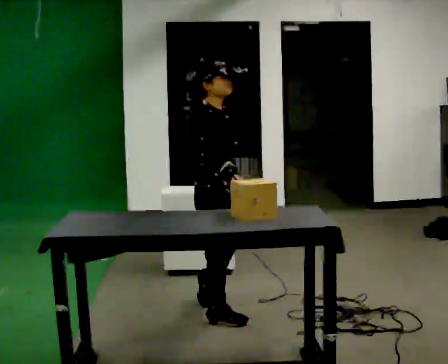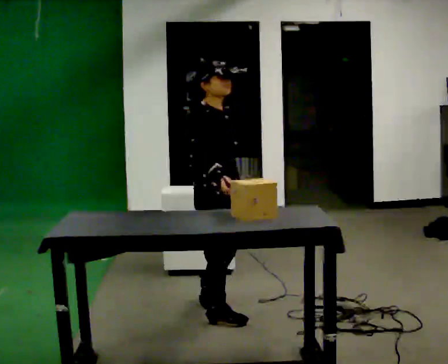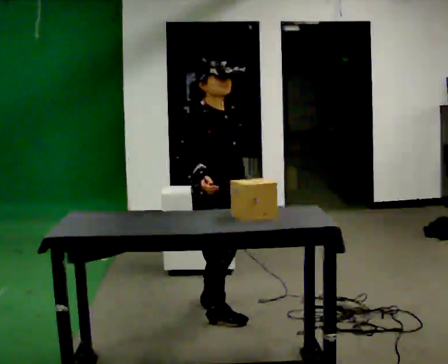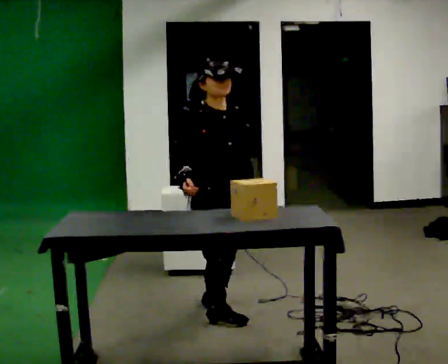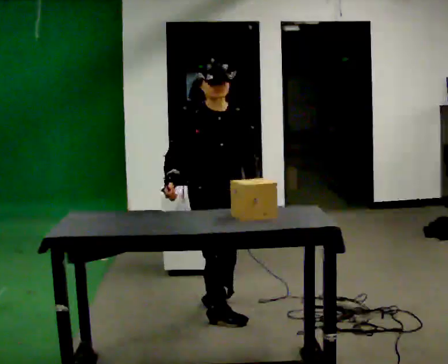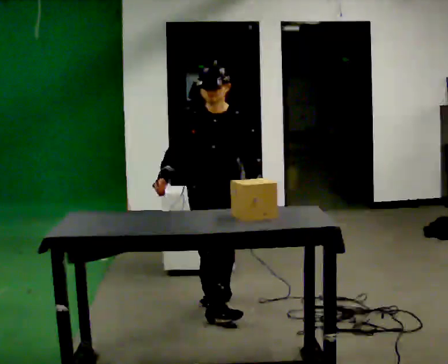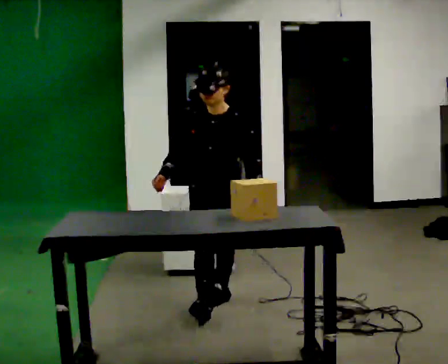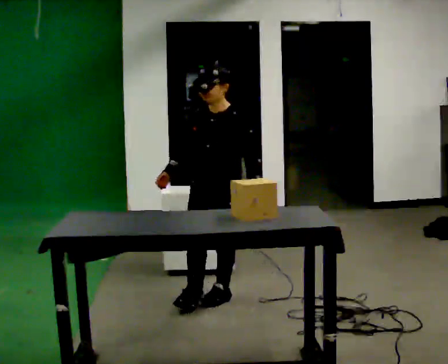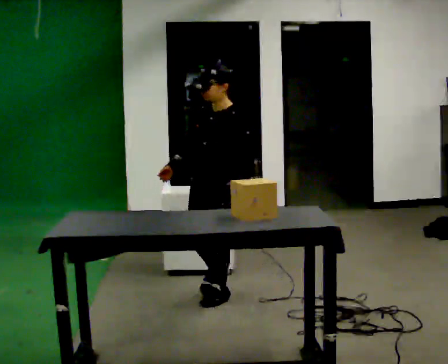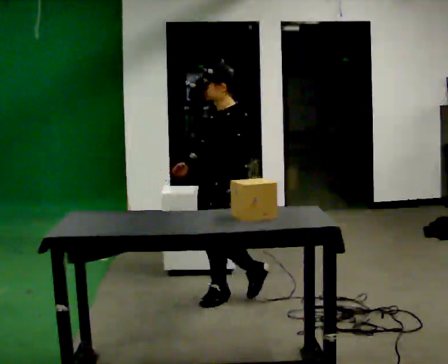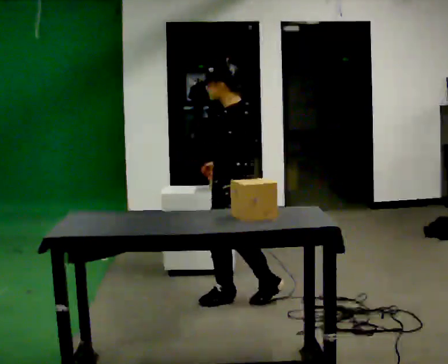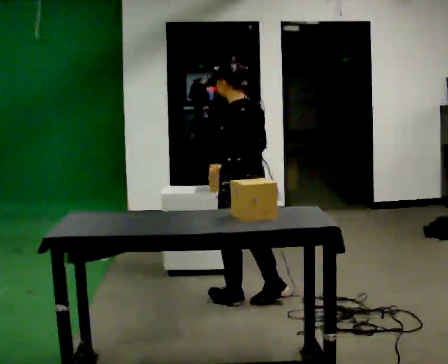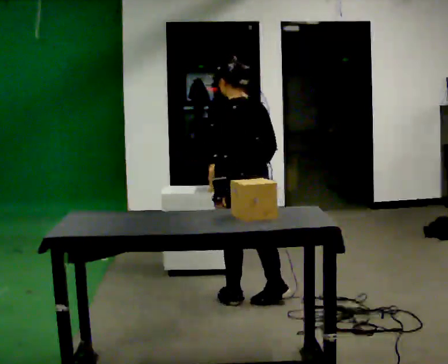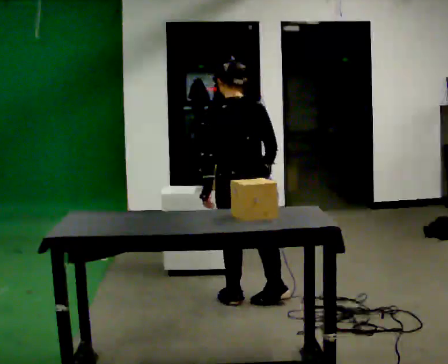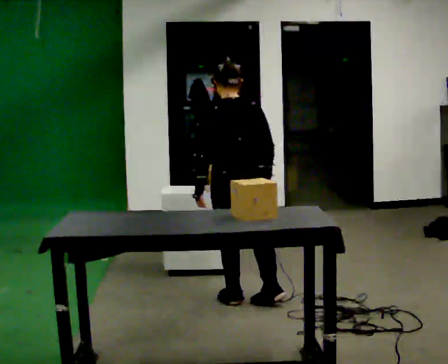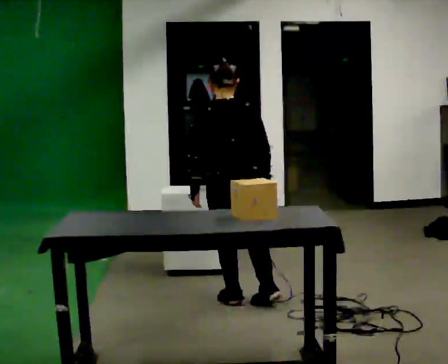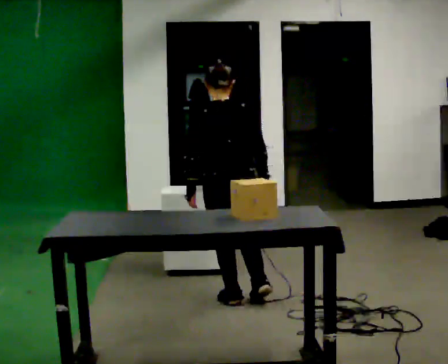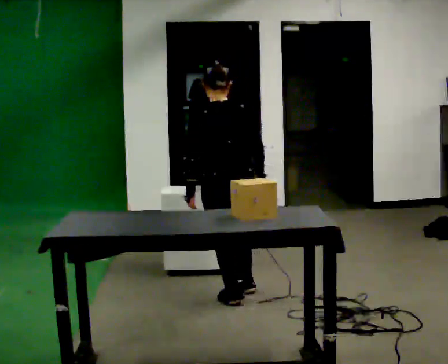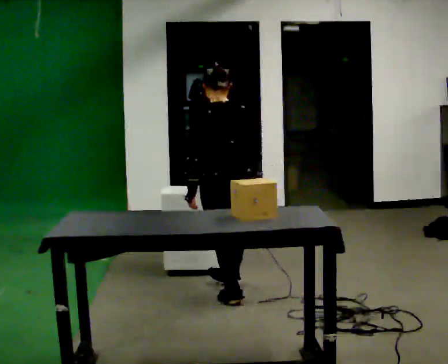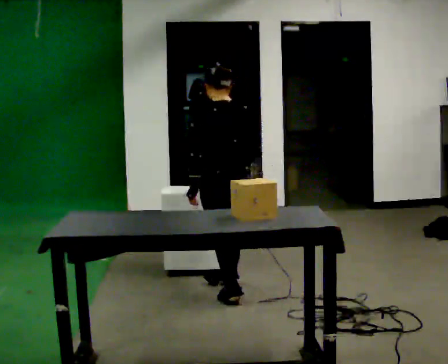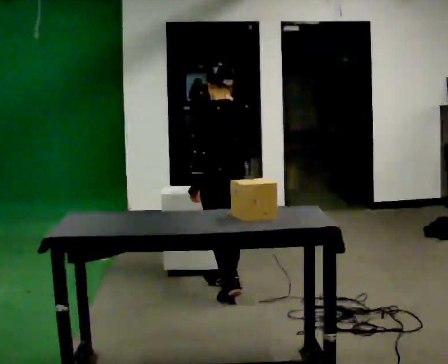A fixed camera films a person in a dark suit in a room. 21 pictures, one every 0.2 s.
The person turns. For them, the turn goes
to their right.
The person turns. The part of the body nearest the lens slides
to the left.
0.0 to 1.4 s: The part of the body nearest the lens slides to the left as the person turns to their right by about 90 degrees. In the picture they go away from the camera, about 0.25 m in 1 step.
1.4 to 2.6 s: The person turns about 135 degrees to their right, clockwise seen from above, so the part of the body nearest the lens slides to the left. In the picture they go to the right, about 0.25 m in 1 step. In the picture their right hand goes to the right, the arm swinging counterclockwise.
2.6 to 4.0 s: In the picture they go away from the camera, about 0.25 m in 1 step, which for them is forward.
The film runs forward here.
